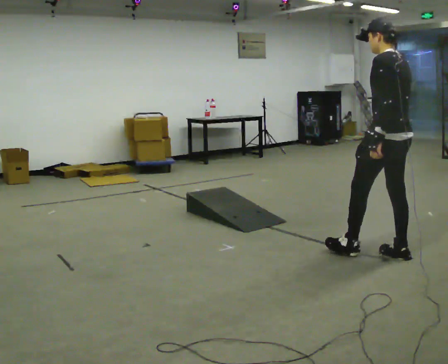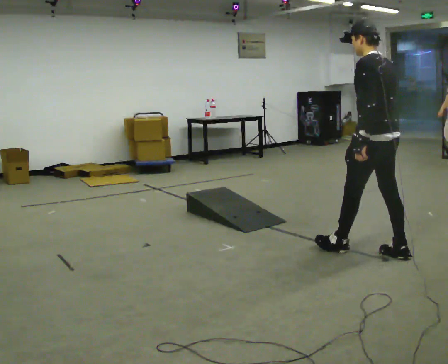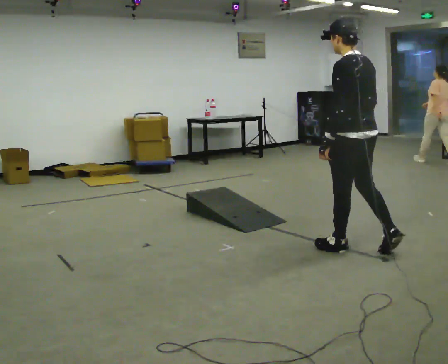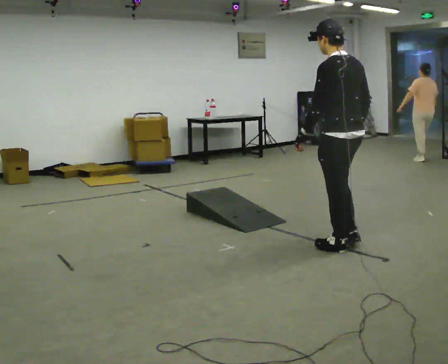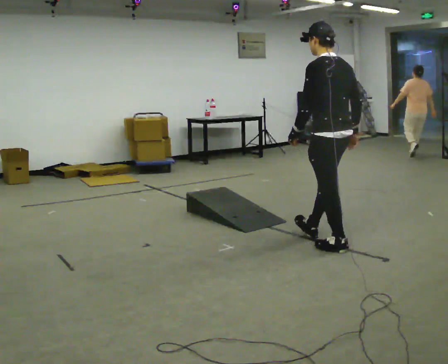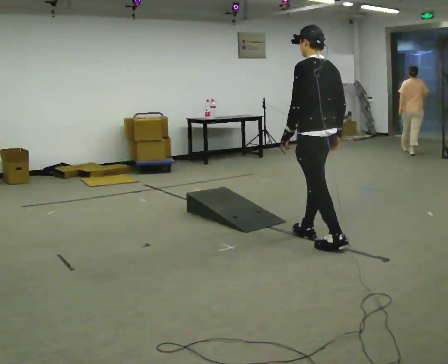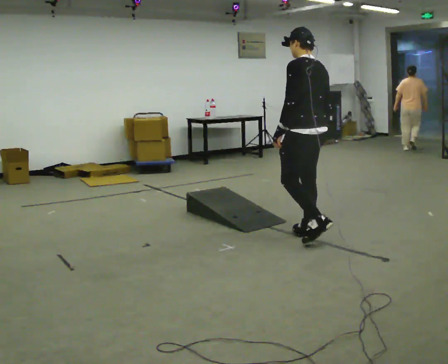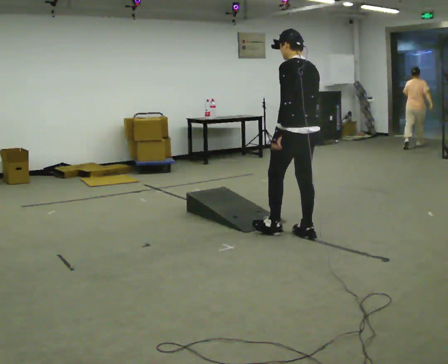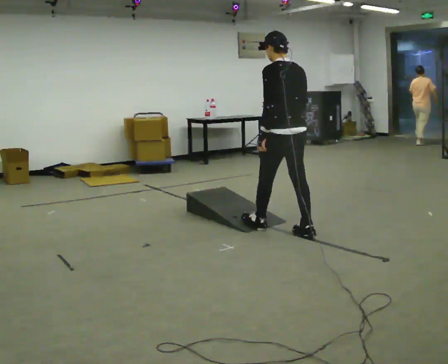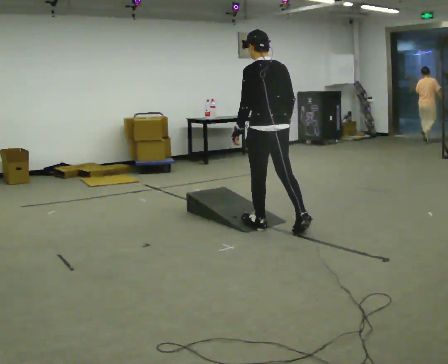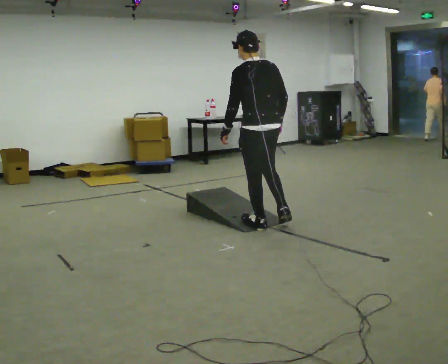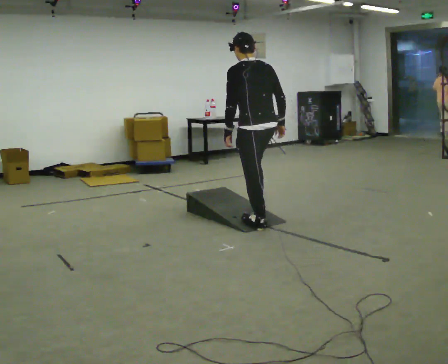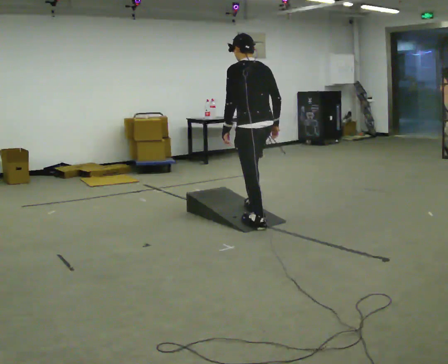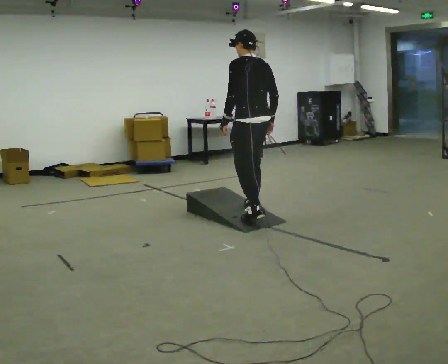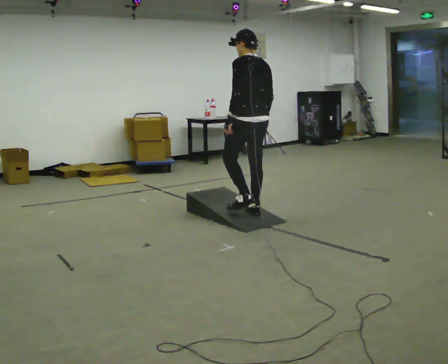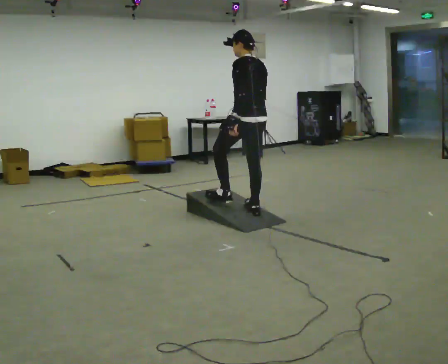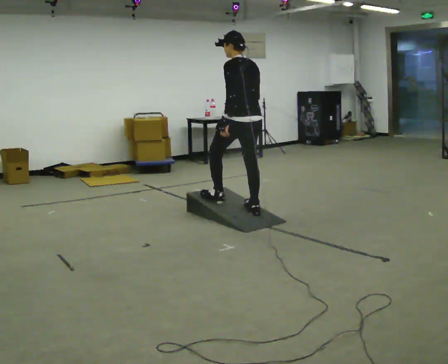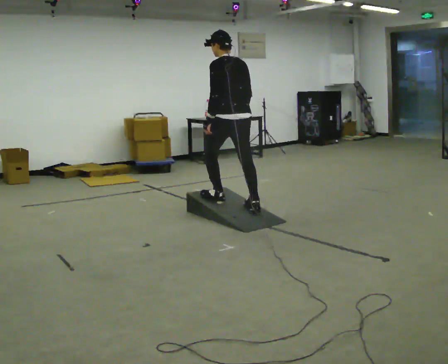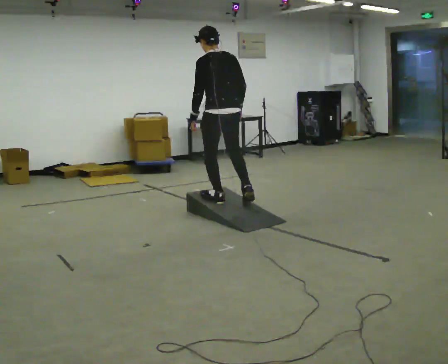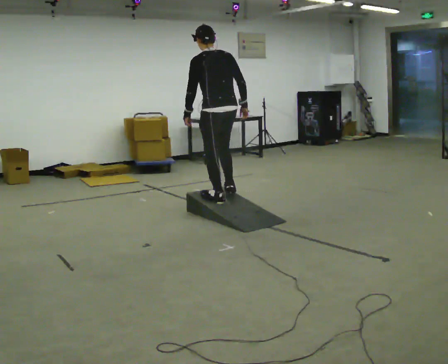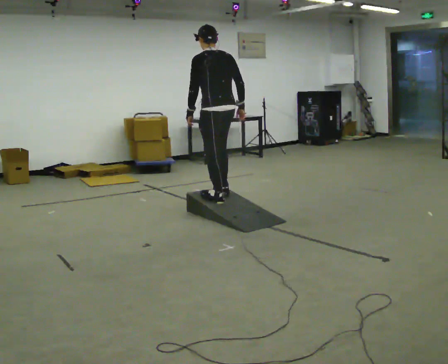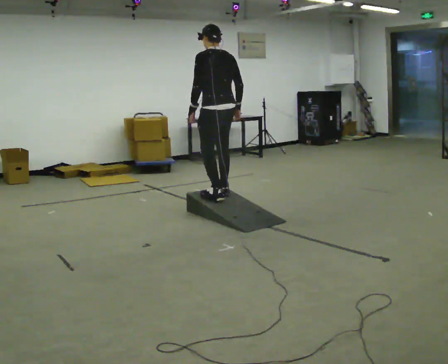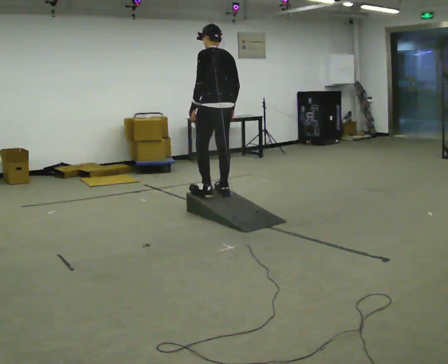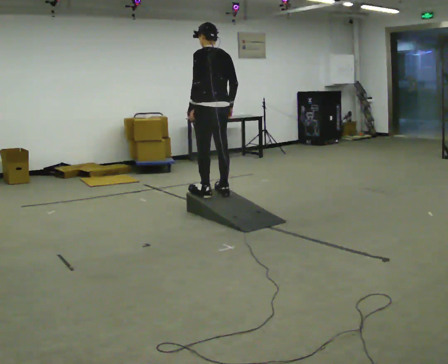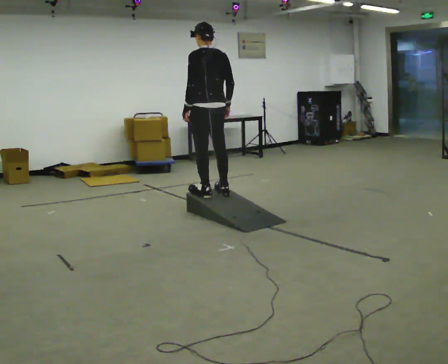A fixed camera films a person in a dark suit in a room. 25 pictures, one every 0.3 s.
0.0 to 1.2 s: In the picture they go to the left and away from the camera, about 0.5 m in 1 step, which for them is forward.
1.2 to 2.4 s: In the picture they go away from the camera and to the left, about 0.5 m in 2 steps, which for them is forward.
2.4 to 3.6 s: In the picture they go away from the camera and to the left, about 0.5 m in 1 step, which for them is forward.
3.6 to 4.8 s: In the picture they go away from the camera, about 0.25 m in 1 step, which for them is forward.
4.8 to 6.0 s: In the picture they go to the left and away from the camera, about 0.25 m in 1 step, which for them is forward.
6.0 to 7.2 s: The person moves a little, or ends about where they began.
The film runs forward here.
